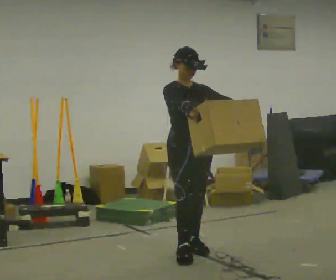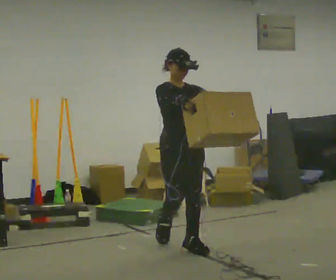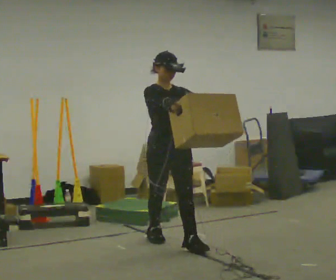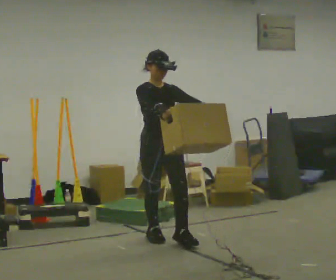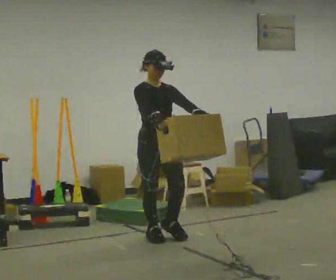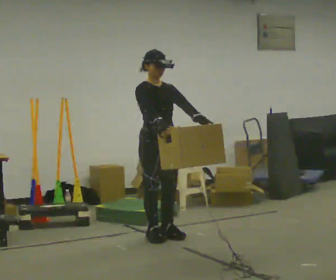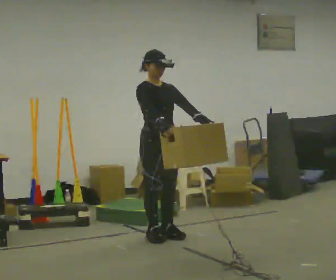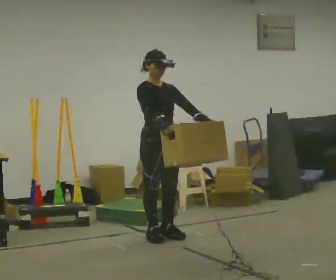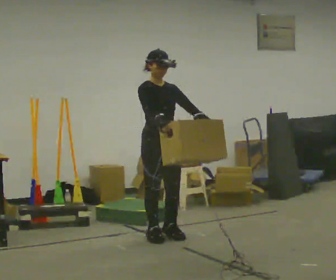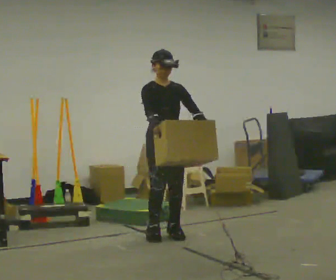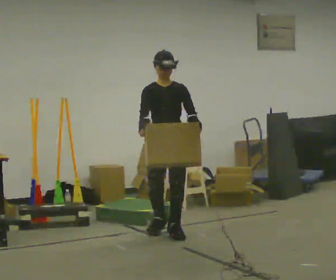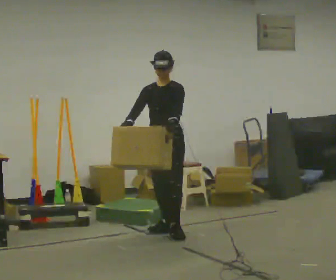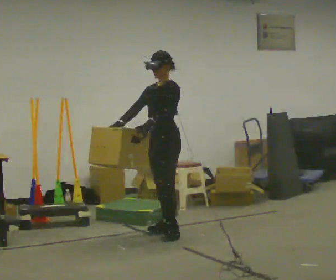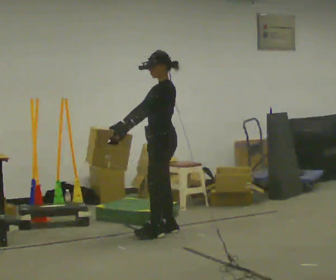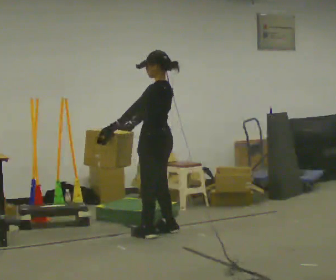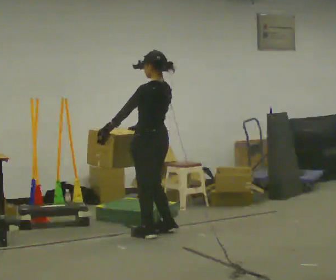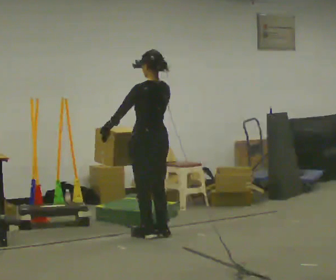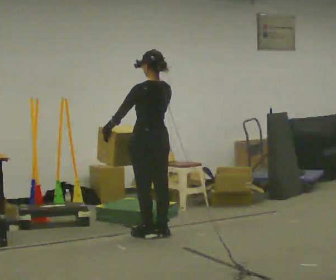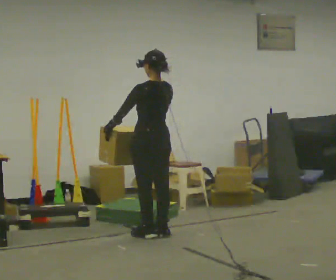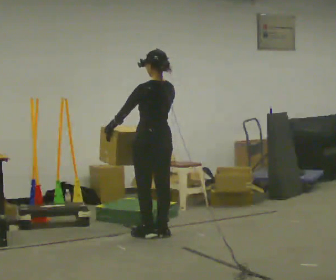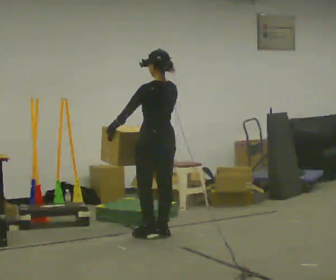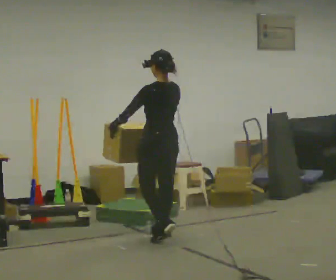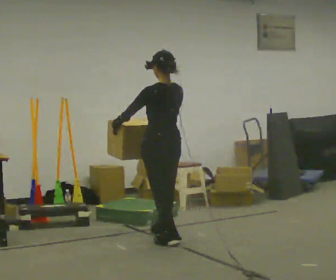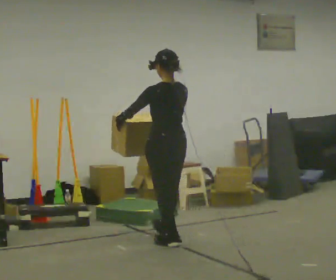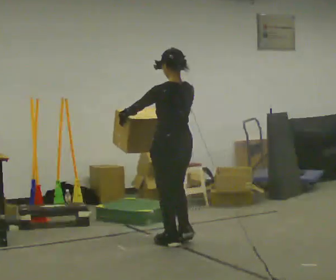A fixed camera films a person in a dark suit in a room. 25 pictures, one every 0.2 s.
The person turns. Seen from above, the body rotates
clockwise.
The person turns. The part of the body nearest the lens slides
to the left.
0.0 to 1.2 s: In the picture they go away from the camera and to the left, about 0.5 m in 1 step, which for them is backward.
1.2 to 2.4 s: The part of the body nearest the lens slides to the left as the person turns to their right by about 75 degrees. In the picture they go away from the camera, about 0.25 m in 1 step. In the picture their right hand goes to the left.
2.4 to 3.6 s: Seen from above the body turns clockwise, about 105 degrees: to their right, with its near side sliding to the left. In the picture their left hand goes to the left.
3.6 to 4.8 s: In the picture they go toward the camera and to the right, about 0.5 m in 2 steps, which for them is backward.
The film runs backward here.
